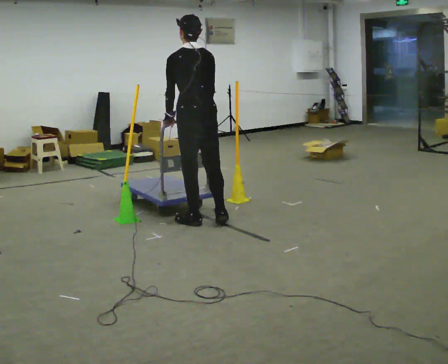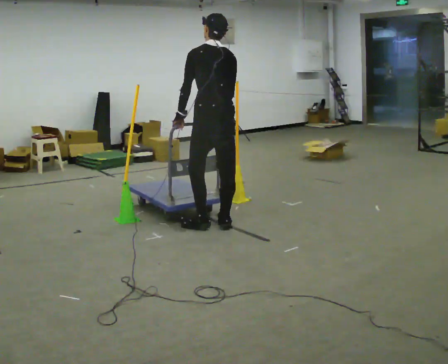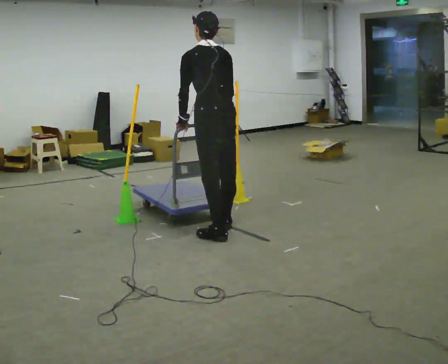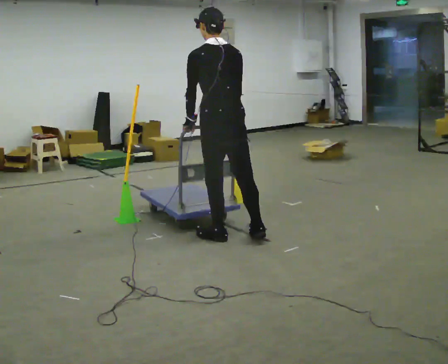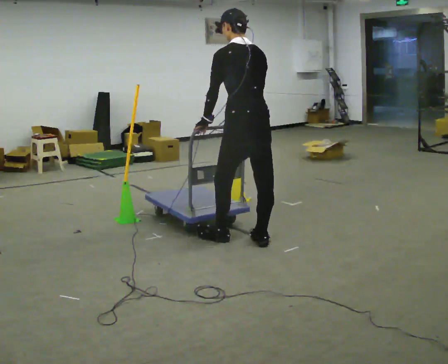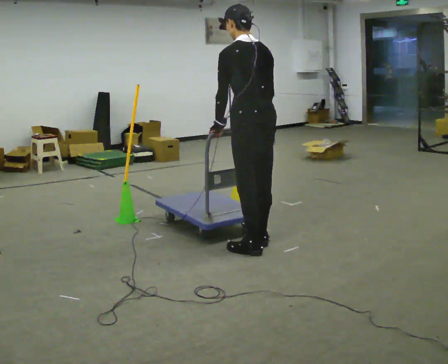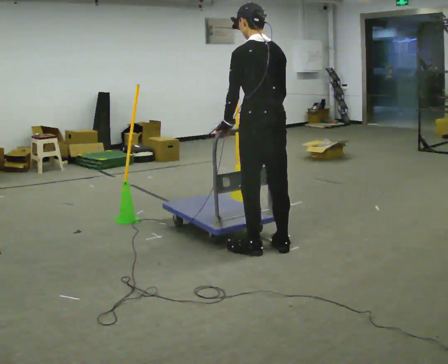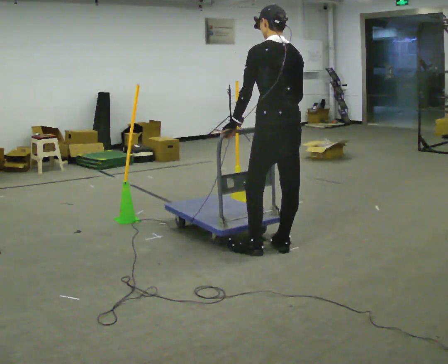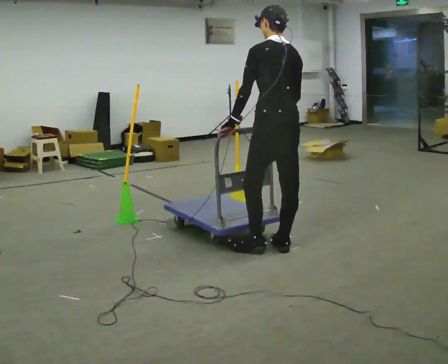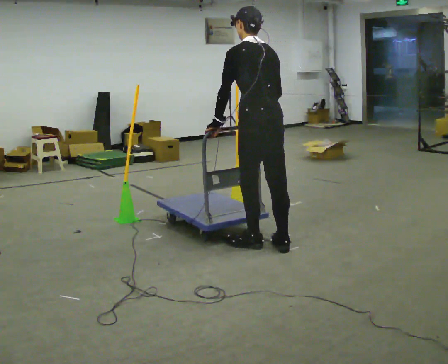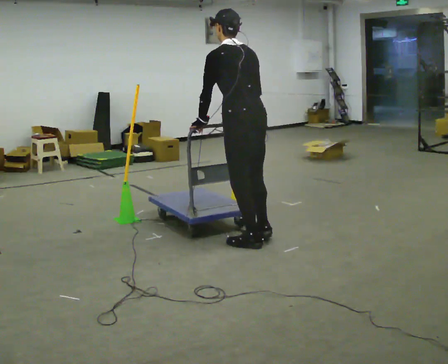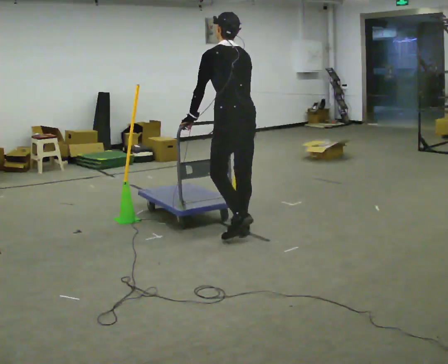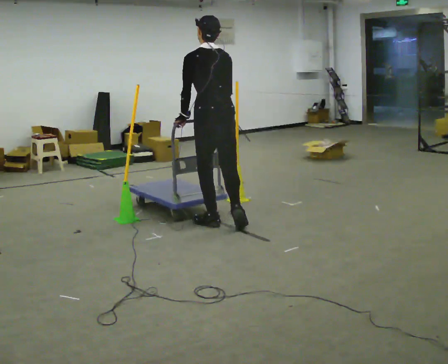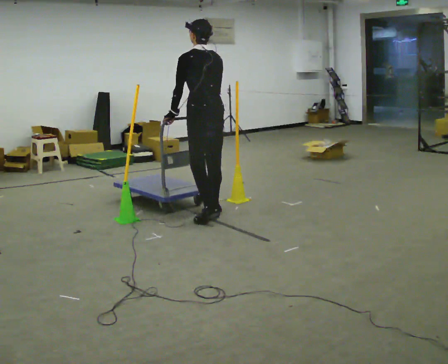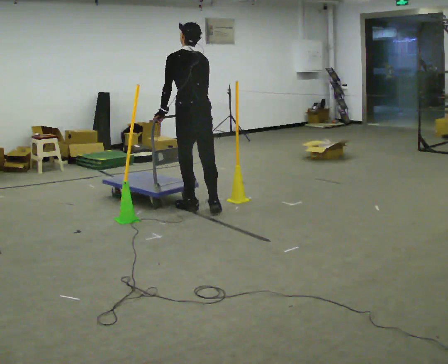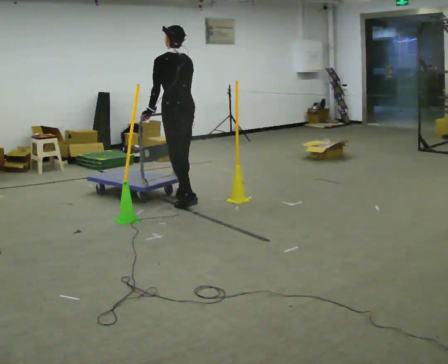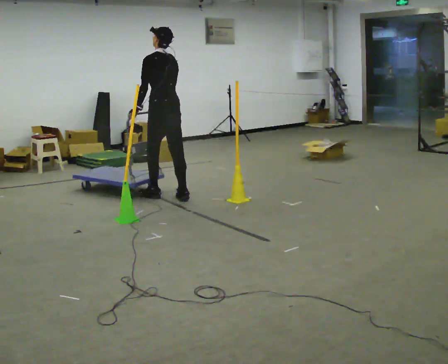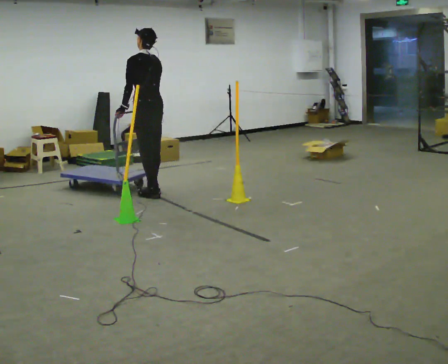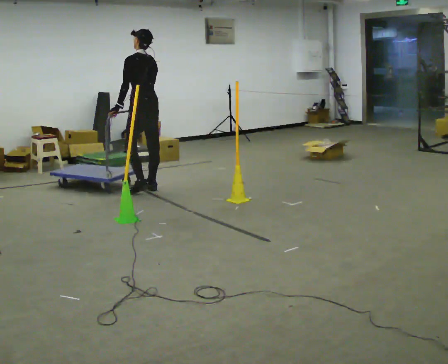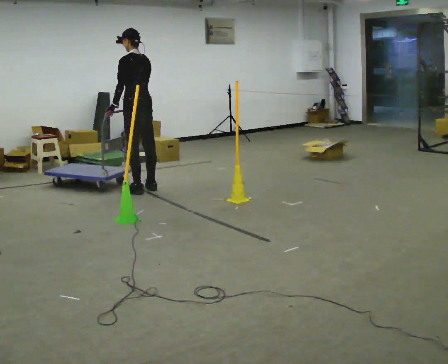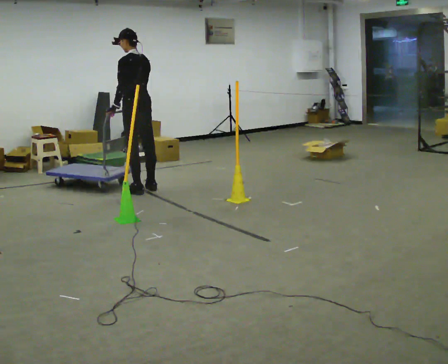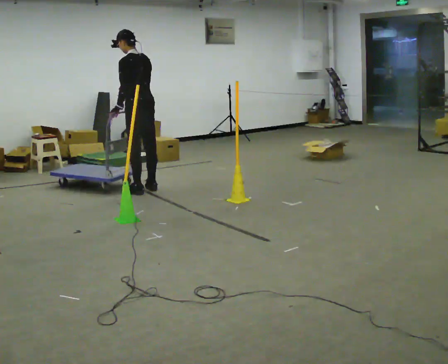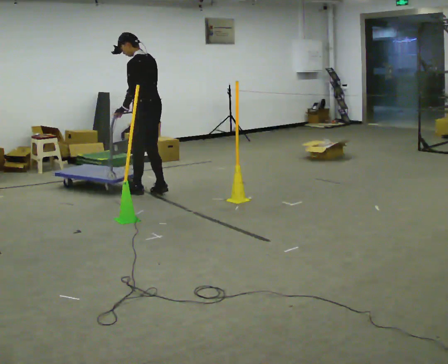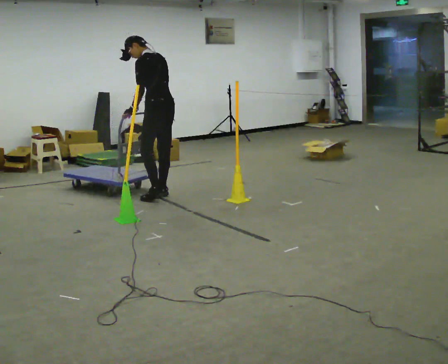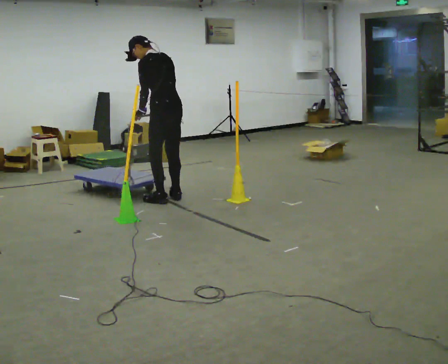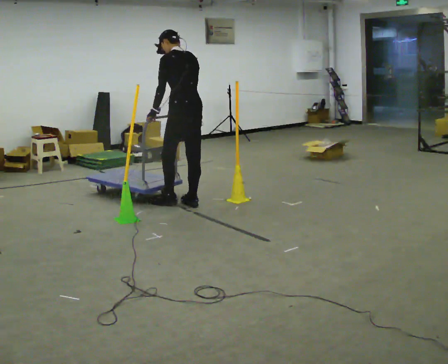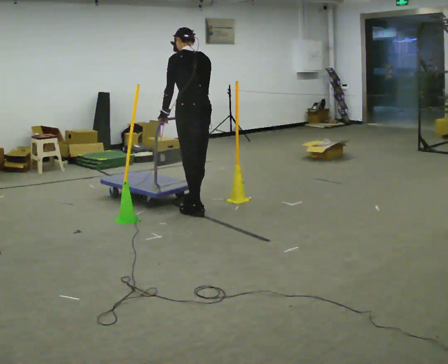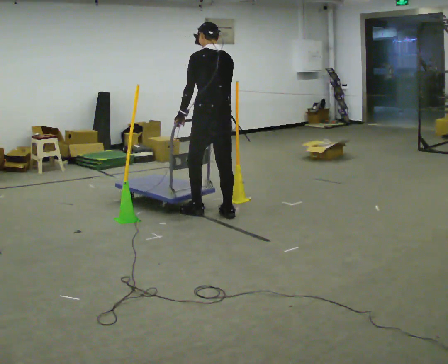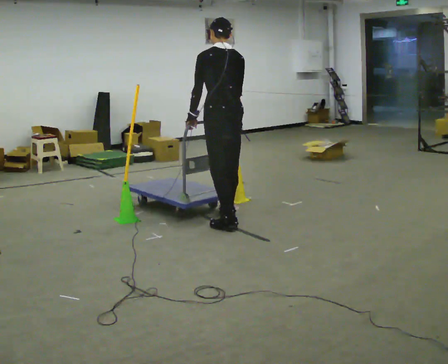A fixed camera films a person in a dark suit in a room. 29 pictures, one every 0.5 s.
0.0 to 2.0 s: In the picture they go toward the camera and to the right, about 0.75 m in 3 steps, which for them is backward.
2.0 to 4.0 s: In the picture they go to the right, about 0.25 m in 2 steps, which for them is backward.
4.0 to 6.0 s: In the picture they go away from the camera and to the left, about 1 m in 2 steps, which for them is forward.
6.0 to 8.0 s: In the picture they go away from the camera and to the left, about 1 m in 4 steps, which for them is forward.
8.0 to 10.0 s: In the picture they go to the left and away from the camera, about 0.5 m in 2 steps, which for them is forward.
10.0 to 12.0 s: In the picture they go toward the camera and to the right, about 0.5 m in 2 steps, which for them is backward.
12.0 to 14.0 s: In the picture they go toward the camera and to the right, about 1 m in 4 steps, which for them is backward.
The film runs forward here.
